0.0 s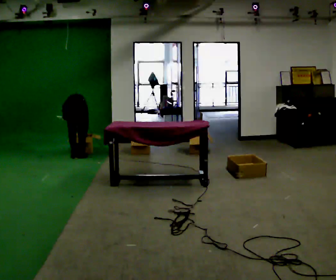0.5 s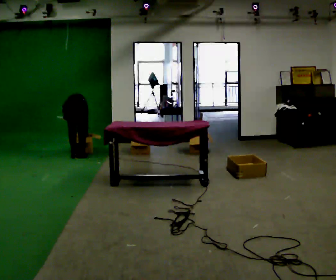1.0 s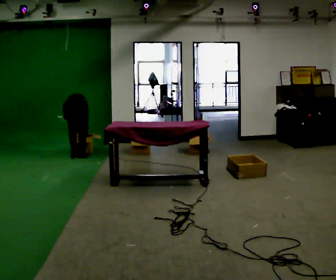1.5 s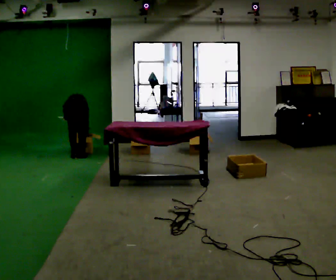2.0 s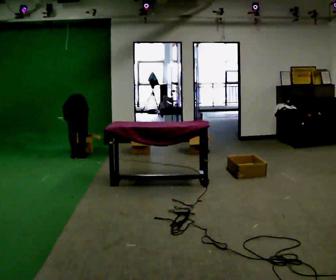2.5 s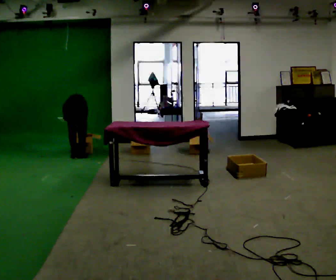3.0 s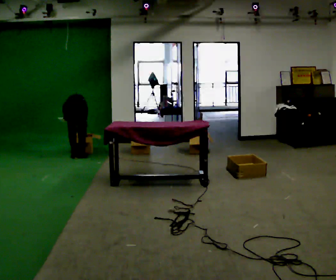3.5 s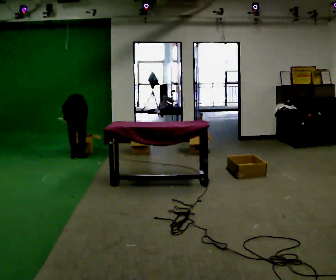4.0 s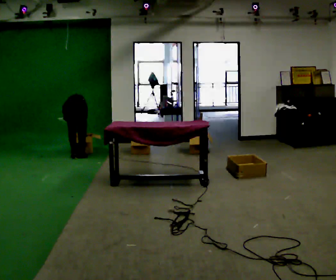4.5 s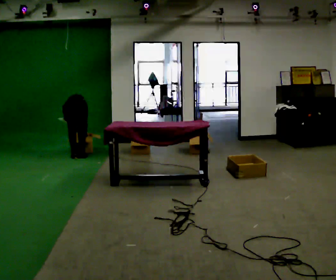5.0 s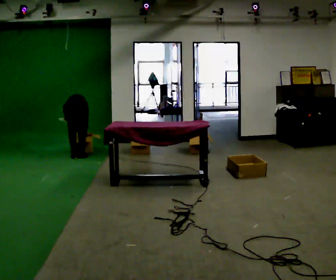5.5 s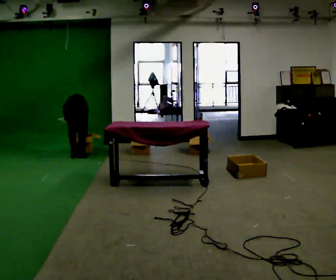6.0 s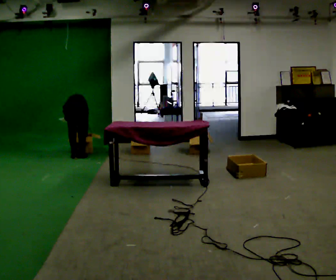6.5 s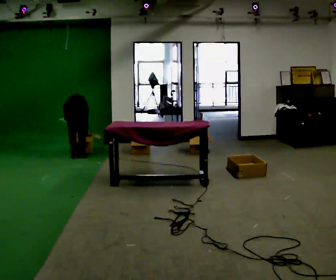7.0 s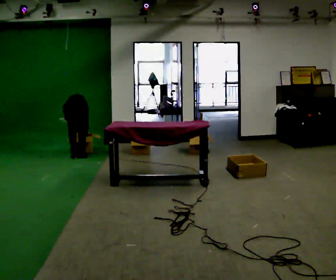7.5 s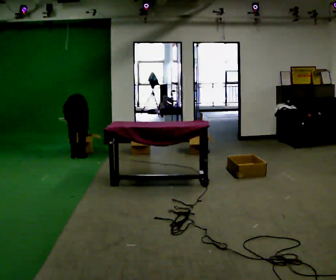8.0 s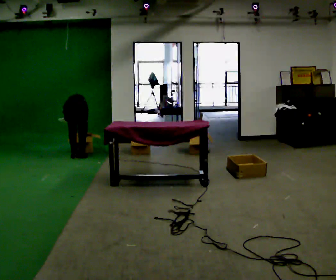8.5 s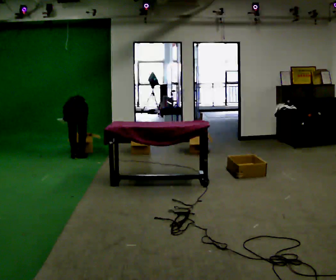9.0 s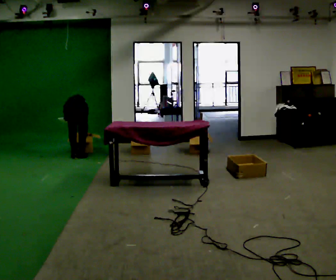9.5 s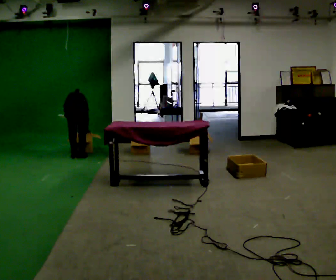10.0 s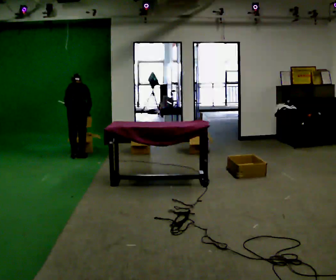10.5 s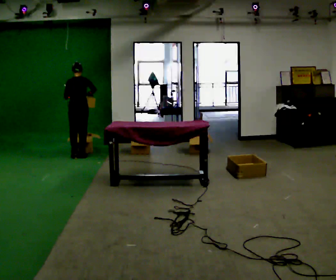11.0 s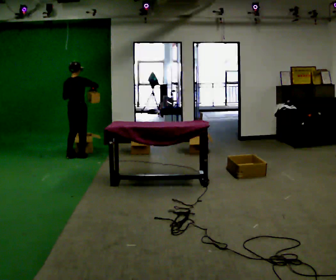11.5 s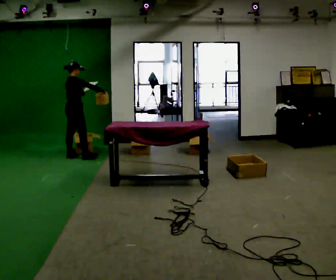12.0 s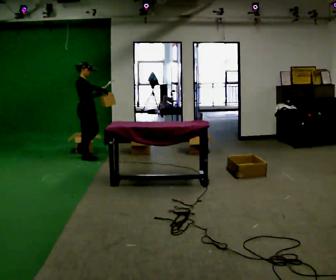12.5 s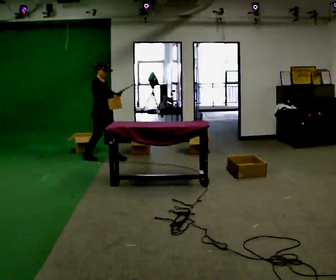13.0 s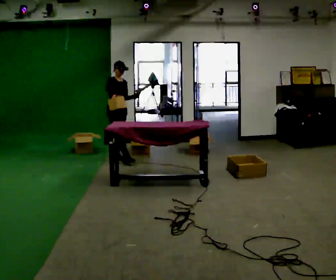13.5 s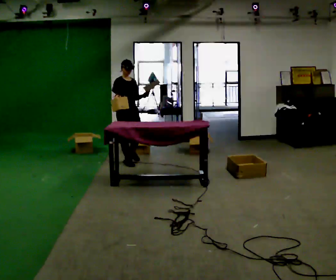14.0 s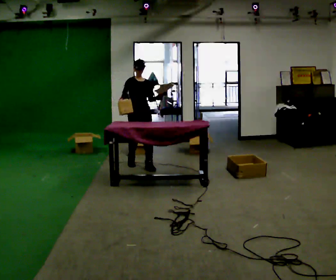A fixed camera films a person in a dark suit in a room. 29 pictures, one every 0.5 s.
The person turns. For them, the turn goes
to their right.
The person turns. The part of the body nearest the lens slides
to the left.
0.0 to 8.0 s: The person moves a little, or ends about where they began.
8.0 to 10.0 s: The shoulders move upward. The upper body tips toward the camera, its near side rolling downward, as they lean back or straighten. In the picture their right hand goes upward.
10.0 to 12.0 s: The person turns about 105 degrees to their right, clockwise seen from above, so the part of the body nearest the lens slides to the left. The upper body tips toward the camera, its near side rolling downward, as they lean back or straighten. In the picture their right hand goes upward.
12.0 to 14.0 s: Seen from above the body turns clockwise, about 75 degrees: to their right, with its near side sliding to the left. In the picture they go to the right and toward the camera, about 1 m in 3 steps.
The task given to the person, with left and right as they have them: 1. Read the parts list. 2. Collect each part from the bins around the room. 3. Lay them out on the table in the order on the list. 4. Put them all in the carry case. 5. Tell the operator when you are finished.
The film runs forward here.
